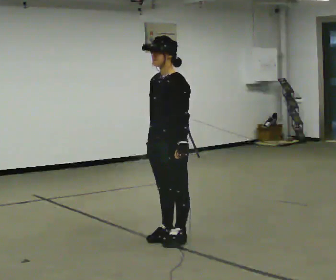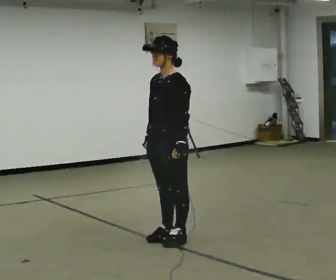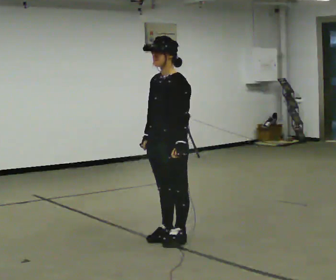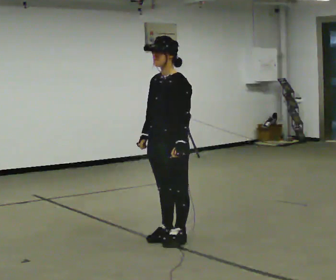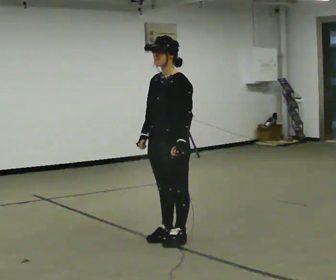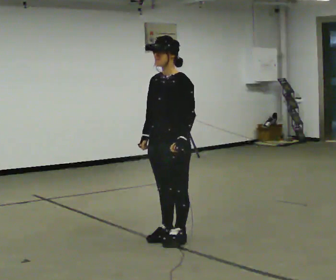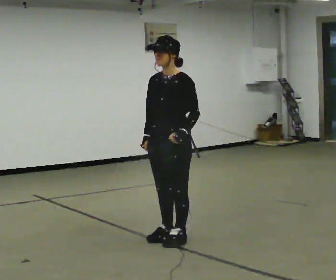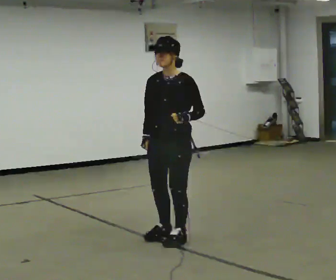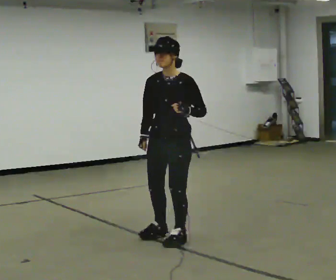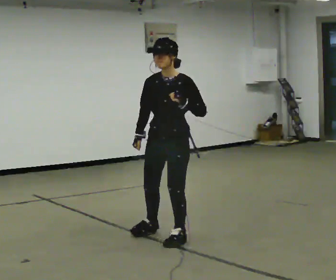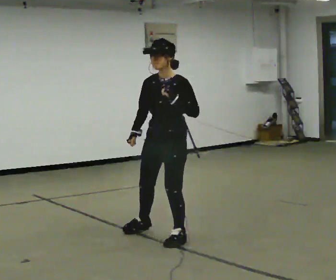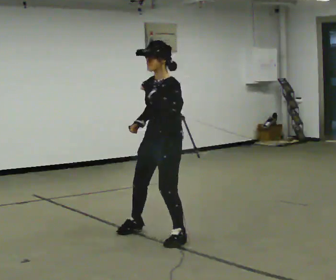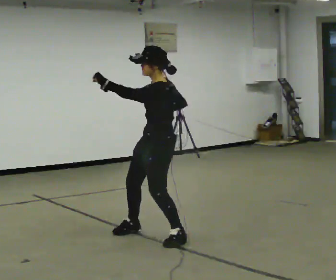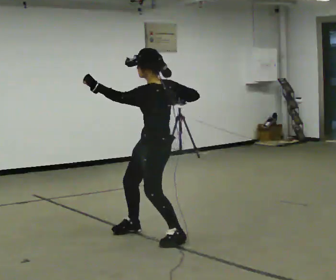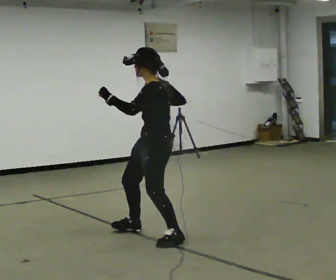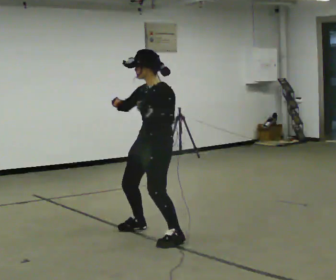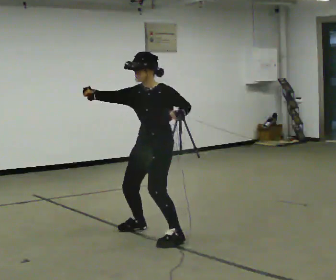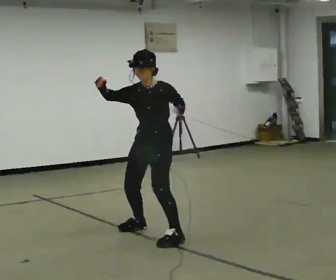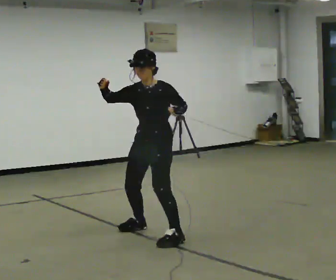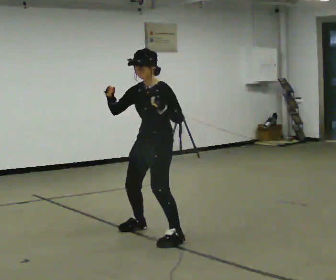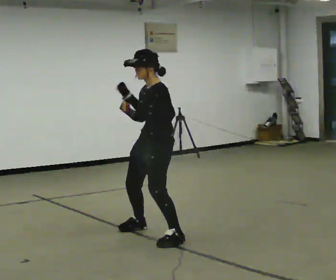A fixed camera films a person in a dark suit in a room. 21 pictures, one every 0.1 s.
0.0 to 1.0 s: In the picture their left hand goes upward.
1.0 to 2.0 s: The person turns about 30 degrees to their right, clockwise seen from above, so the part of the body nearest the lens slides to the left. In the picture they go away from the camera, about 0.25 m in 1 step. In the picture their left hand goes to the left.
The film runs forward here.
